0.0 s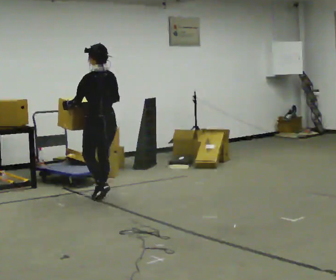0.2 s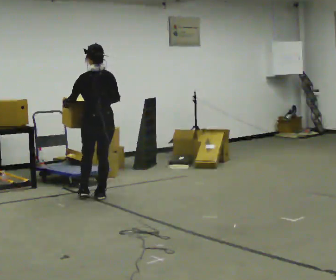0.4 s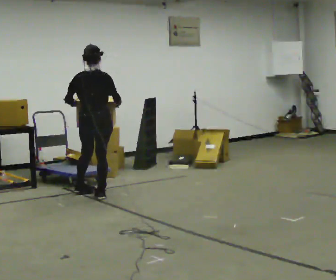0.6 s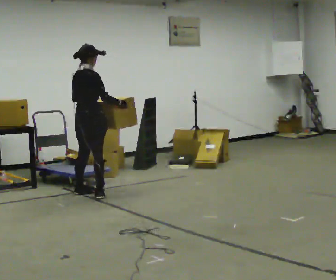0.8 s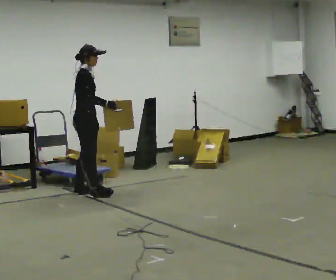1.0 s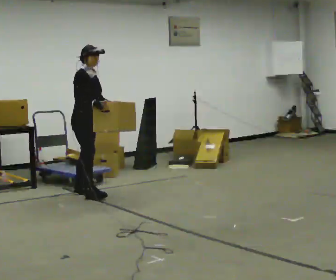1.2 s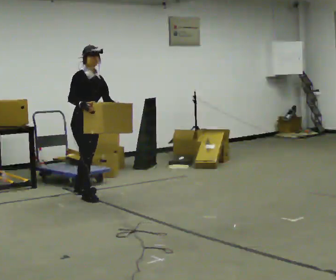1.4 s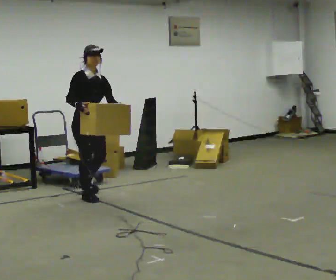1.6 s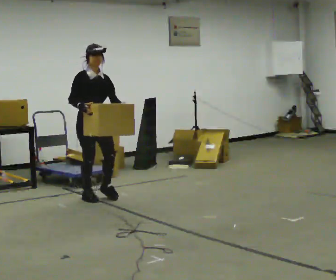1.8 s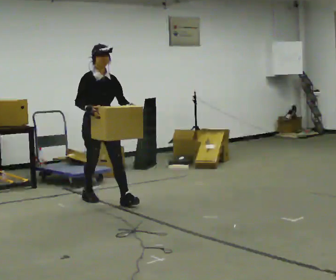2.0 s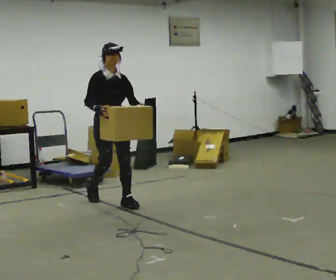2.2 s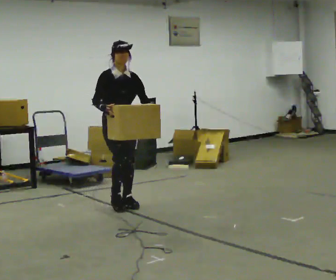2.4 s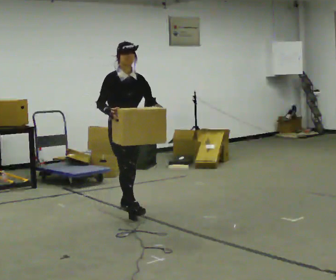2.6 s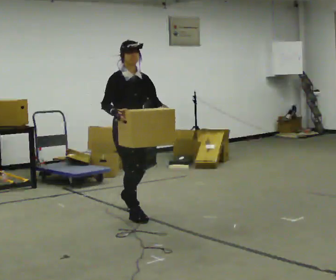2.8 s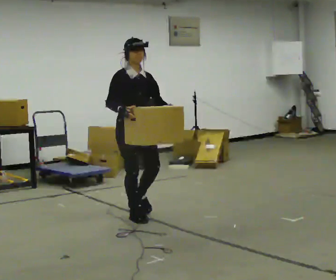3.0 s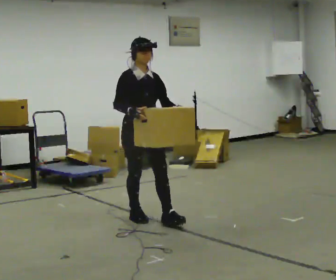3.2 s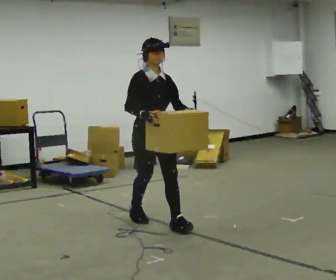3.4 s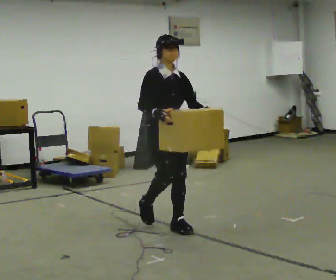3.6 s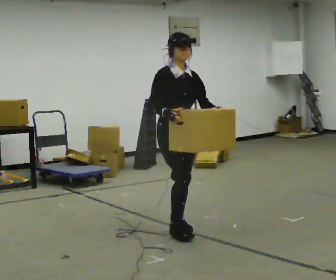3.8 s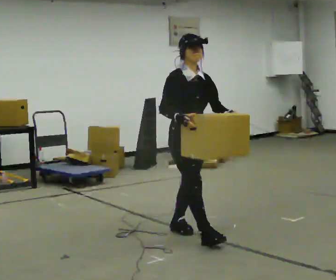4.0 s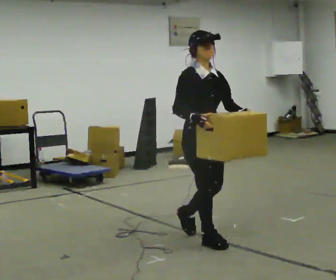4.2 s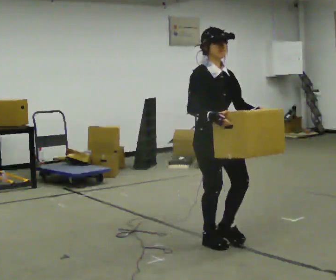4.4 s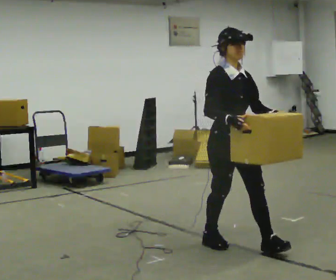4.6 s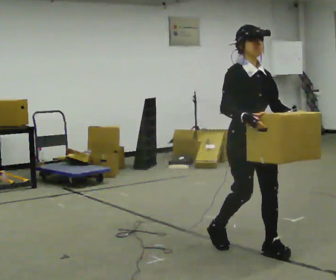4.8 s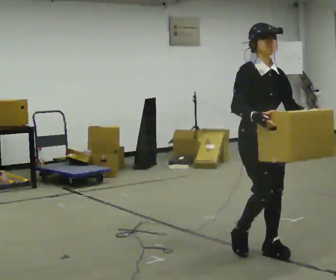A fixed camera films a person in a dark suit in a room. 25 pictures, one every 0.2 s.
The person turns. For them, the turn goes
to their right.
The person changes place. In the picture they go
toward the camera.
0.0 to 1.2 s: The part of the body nearest the lens slides to the left as the person turns to their right by about 165 degrees. In the picture they go to the left, about 0.25 m in 1 step.
1.2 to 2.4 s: In the picture they go toward the camera and to the right, about 1 m in 1 step, which for them is forward.
2.4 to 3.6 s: In the picture they go toward the camera and to the right, about 1 m in 2 steps, which for them is forward.
3.6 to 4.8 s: In the picture they go toward the camera and to the right, about 1 m in 2 steps, which for them is forward.
The film runs forward here.
